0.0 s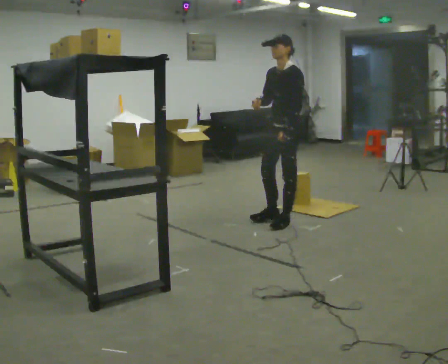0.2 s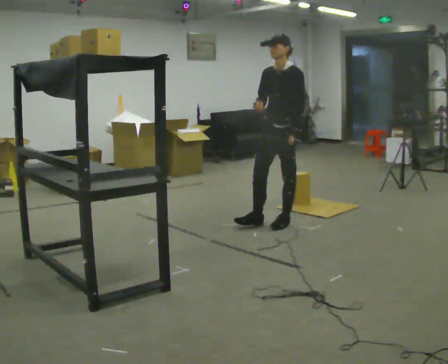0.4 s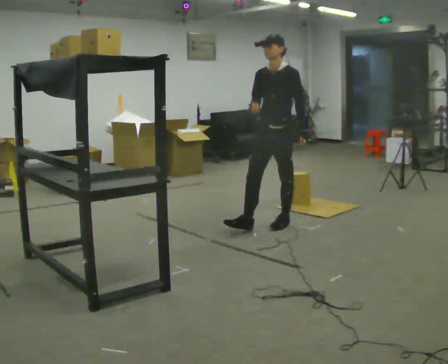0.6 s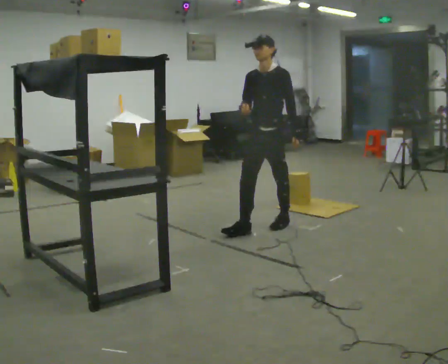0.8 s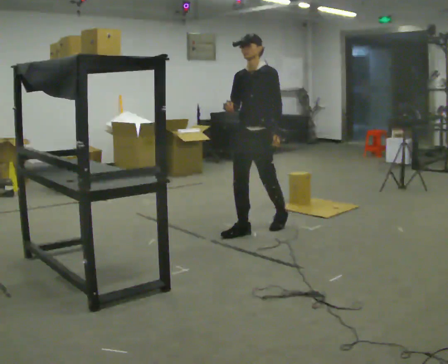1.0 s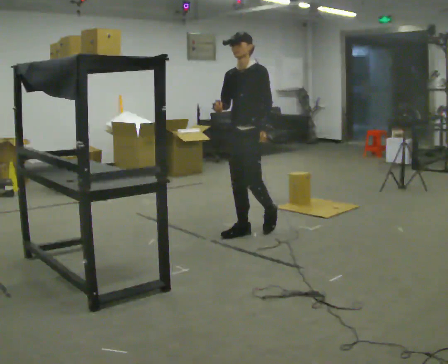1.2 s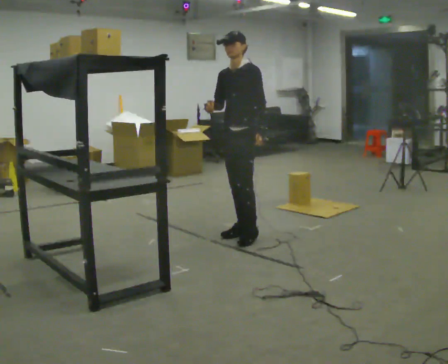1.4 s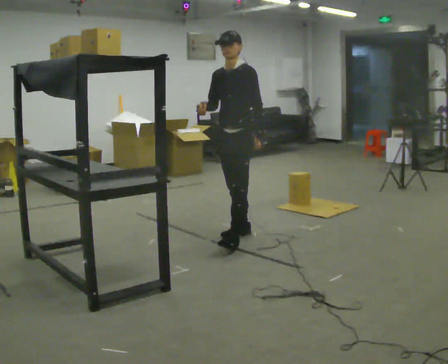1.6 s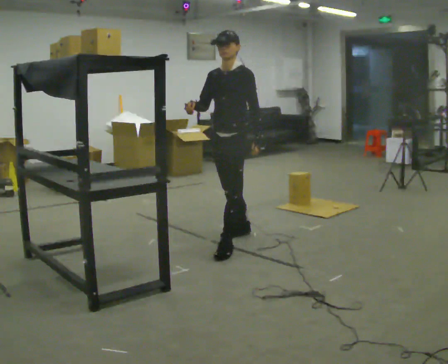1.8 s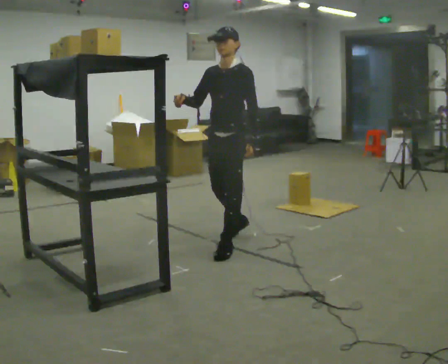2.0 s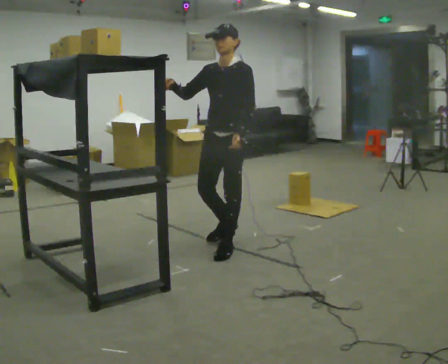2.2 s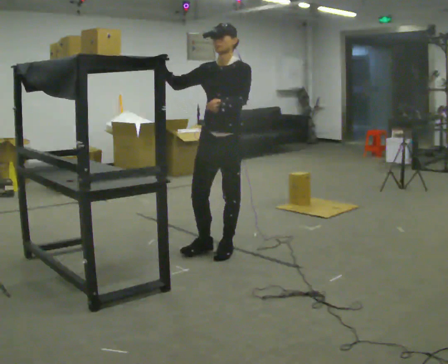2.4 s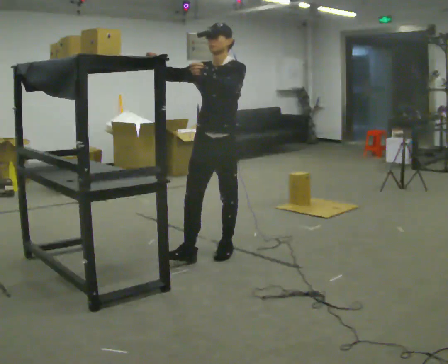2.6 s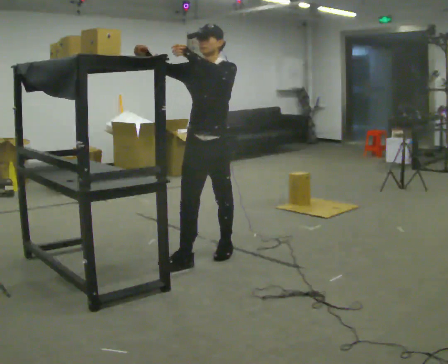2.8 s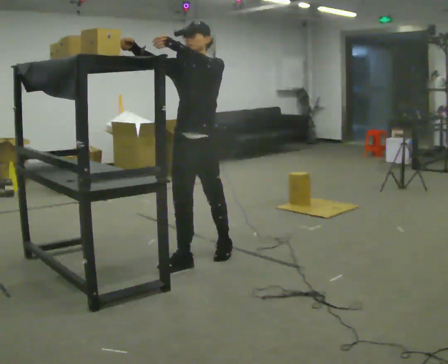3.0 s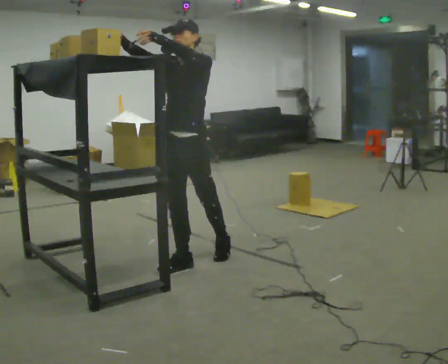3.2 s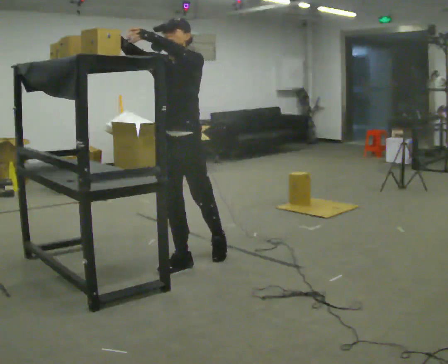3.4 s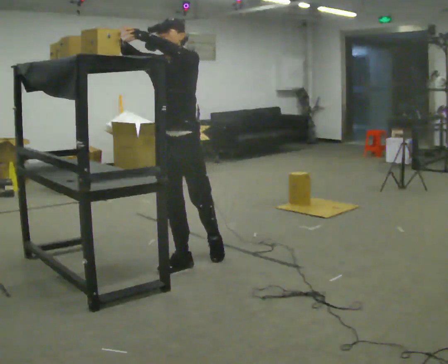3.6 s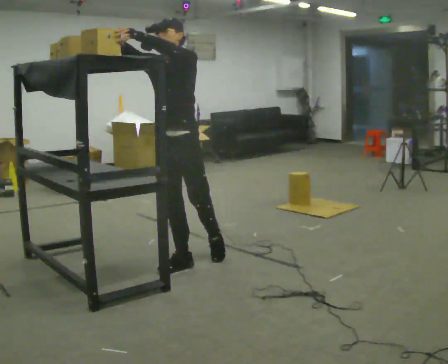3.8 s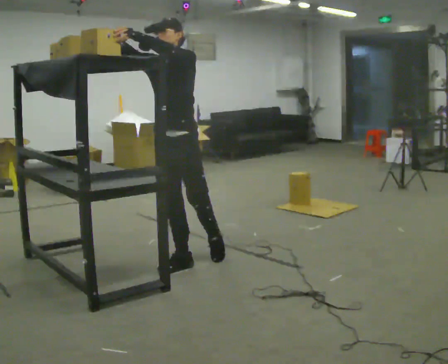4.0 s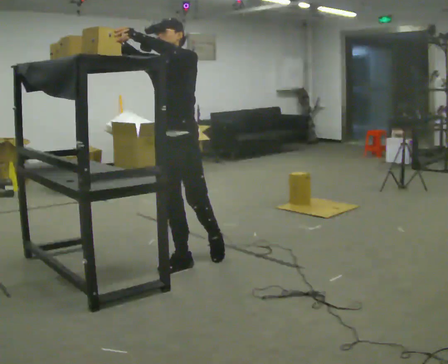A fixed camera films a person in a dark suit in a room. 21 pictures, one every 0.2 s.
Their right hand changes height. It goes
upward.
Their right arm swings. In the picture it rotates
clockwise.
0.0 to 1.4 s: In the picture they go to the left and toward the camera, about 0.5 m in 1 step, which for them is forward.
1.4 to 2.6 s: In the picture they go toward the camera and to the left, about 0.5 m in 2 steps, which for them is forward. In the picture their left hand goes upward.
2.6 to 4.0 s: In the picture they go to the left and toward the camera, about 0.25 m in 1 step, which for them is forward.
The film runs forward here.
